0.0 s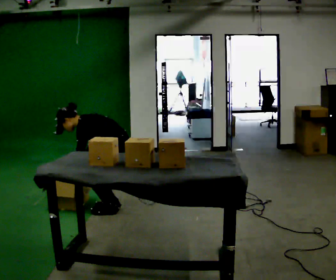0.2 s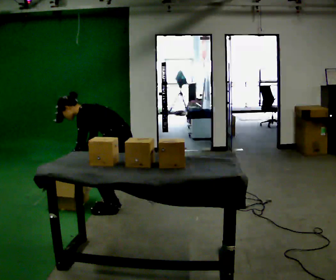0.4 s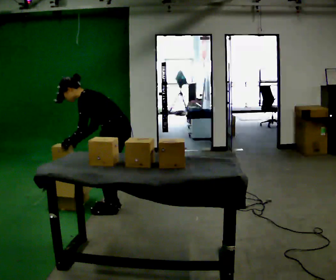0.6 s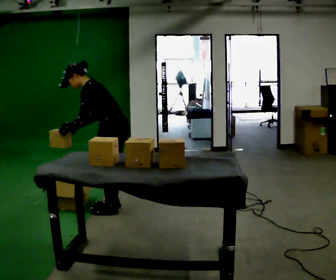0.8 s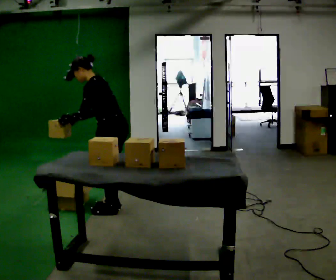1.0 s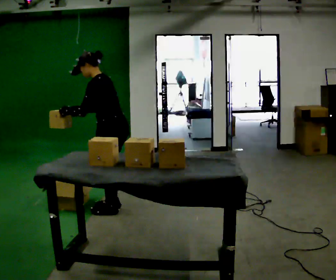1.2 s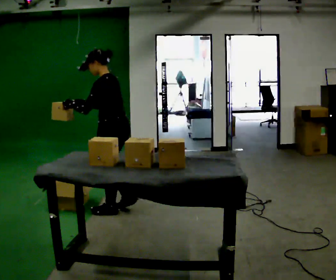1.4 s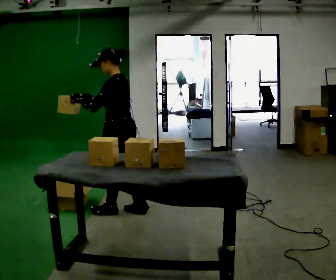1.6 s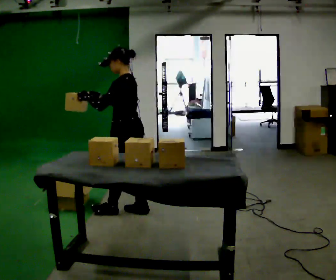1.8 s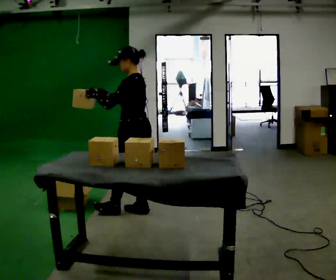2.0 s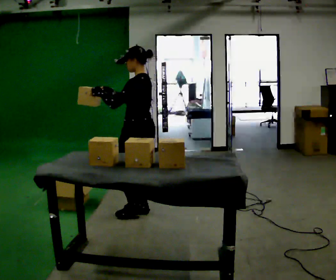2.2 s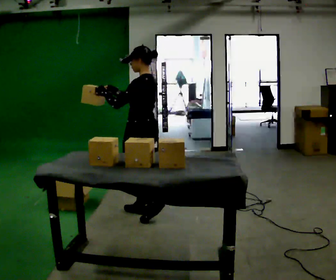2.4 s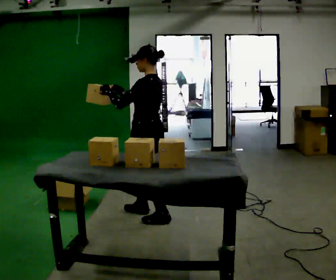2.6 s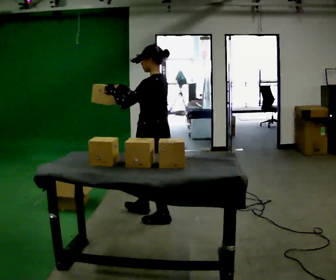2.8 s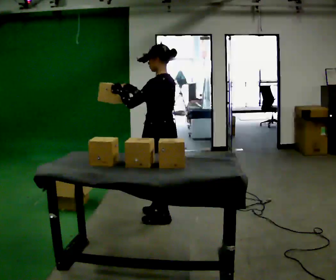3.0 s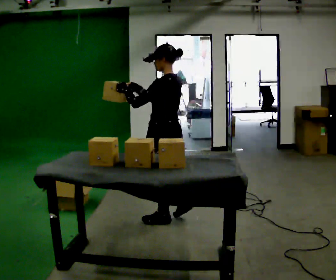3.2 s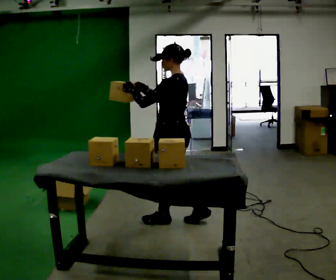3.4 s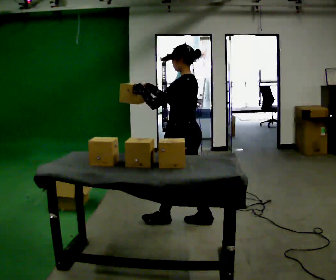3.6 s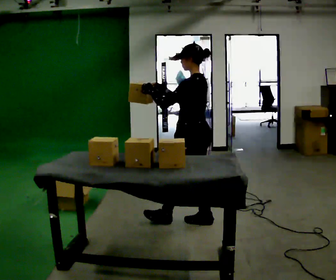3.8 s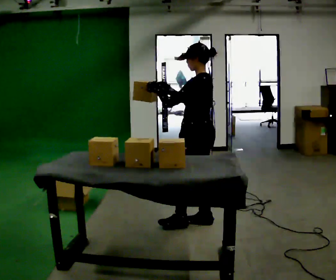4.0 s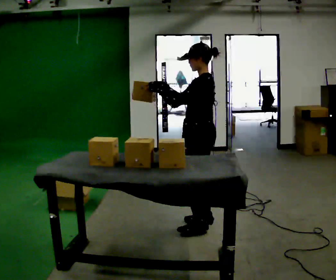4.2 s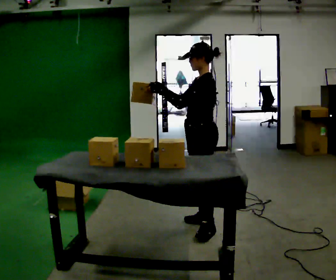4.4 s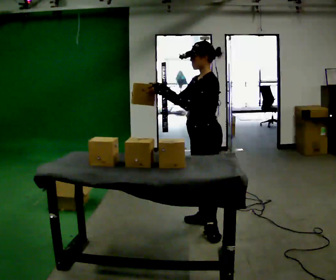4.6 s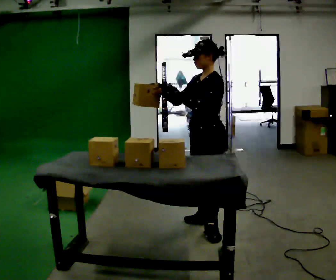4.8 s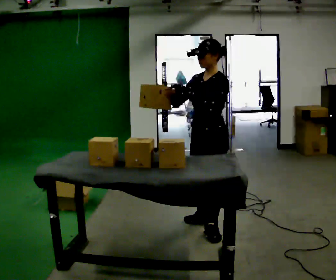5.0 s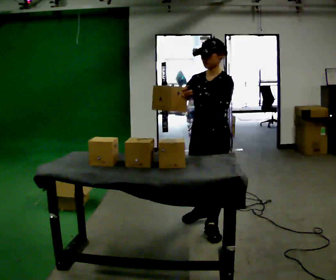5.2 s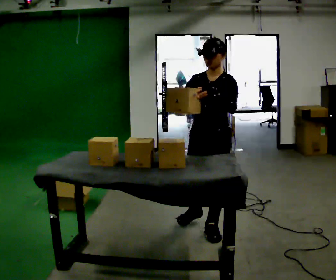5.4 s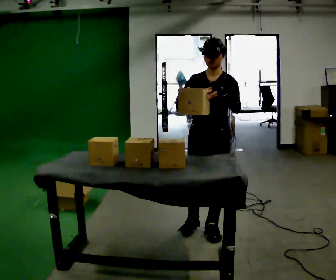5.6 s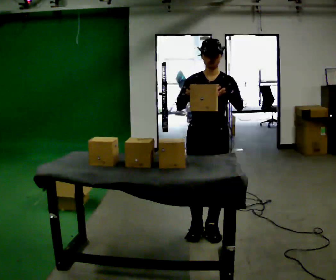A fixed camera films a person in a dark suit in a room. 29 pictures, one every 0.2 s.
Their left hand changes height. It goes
upward.
The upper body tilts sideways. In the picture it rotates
clockwise.
0.0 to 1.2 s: The upper body goes upward. In the picture the upper body tilts clockwise, shoulders to the right, as they lean back or straighten. In the picture their left hand goes upward.
1.2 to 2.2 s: In the picture they go to the right, about 0.25 m in 1 step, which for them is backward. In the picture the upper body tilts clockwise, shoulders to the right, as they lean back or straighten.
2.2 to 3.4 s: In the picture they go to the right and toward the camera, about 0.5 m in 1 step, which for them is backward.
3.4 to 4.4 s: The person turns about 30 degrees to their left, counterclockwise seen from above, so the part of the body nearest the lens slides to the right. In the picture they go to the right, about 0.25 m in 1 step, which for them is backward.
4.4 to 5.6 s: Seen from above the body turns counterclockwise, about 60 degrees: to their left, with its near side sliding to the right. In the picture they go toward the camera, about 0.25 m in 1 step.
The film runs backward here.
